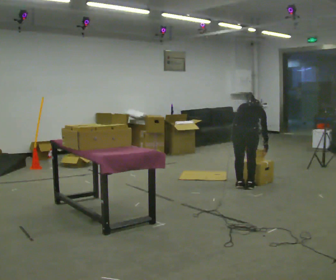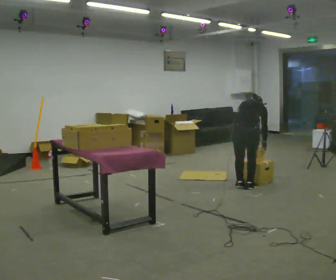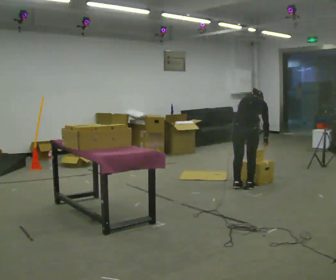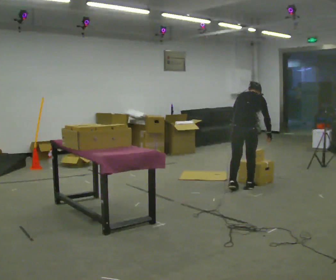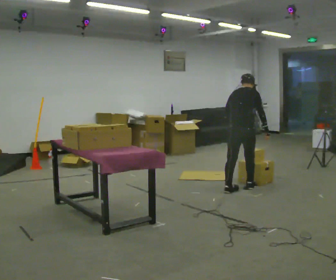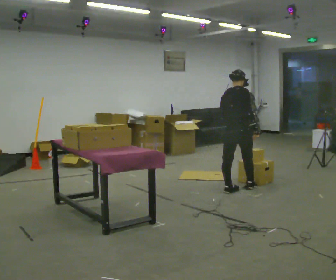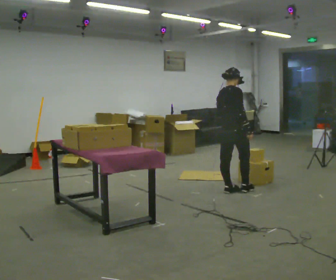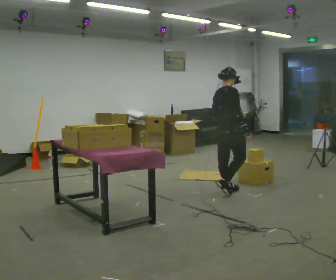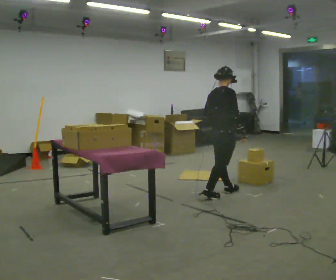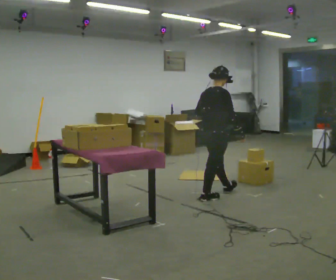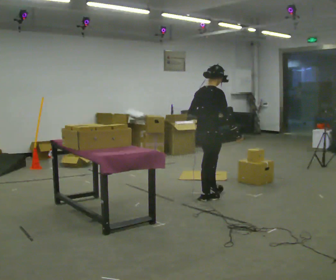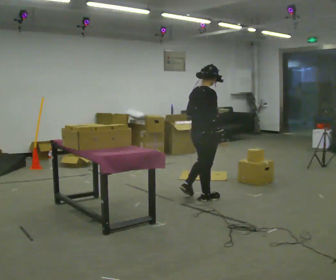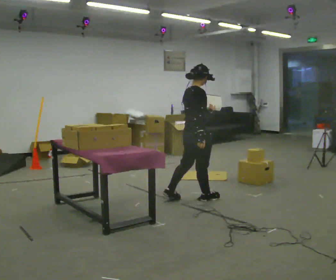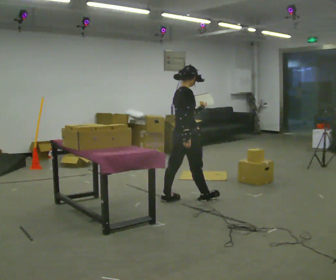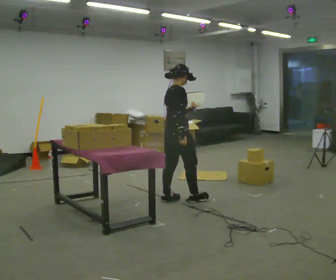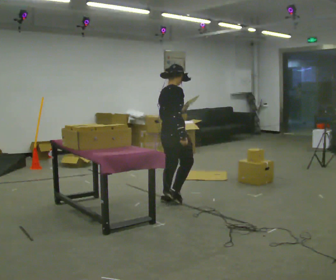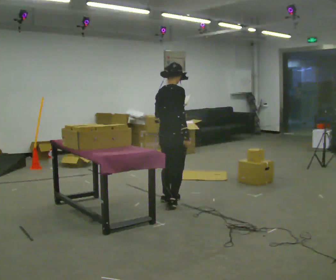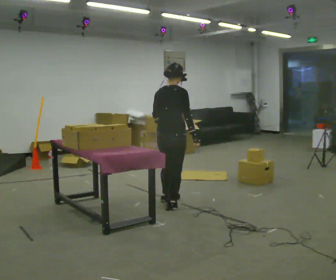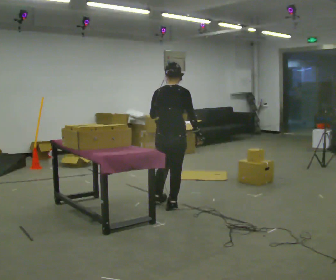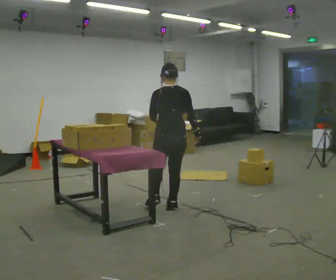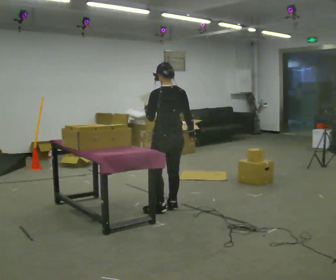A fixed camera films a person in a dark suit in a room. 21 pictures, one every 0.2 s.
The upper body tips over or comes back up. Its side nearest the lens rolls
downward.
Their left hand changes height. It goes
upward.
0.0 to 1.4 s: The part of the body nearest the lens slides to the left as the person turns to their right by about 45 degrees. In the picture they go to the left, about 0.25 m in 2 steps, which for them is to their left and backward. The shoulders move upward. The upper body tips toward the camera, its near side rolling downward, as they lean back or straighten. In the picture their right hand goes upward.
1.4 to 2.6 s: In the picture they go to the left and toward the camera, about 0.5 m in 1 step, which for them is backward.
2.6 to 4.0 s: The part of the body nearest the lens slides to the right as the person turns to their left by about 90 degrees. In the picture they go toward the camera and to the left, about 0.25 m in 2 steps.
The film runs backward here.
